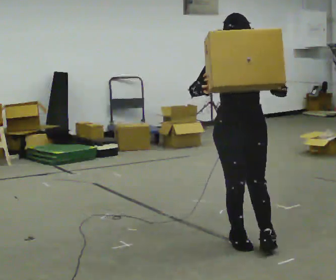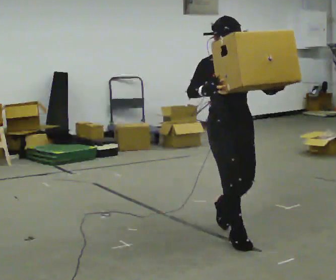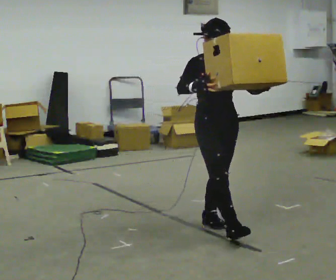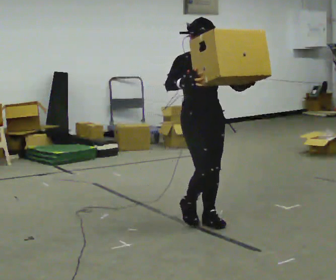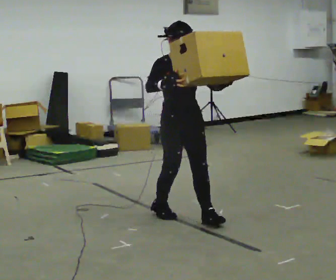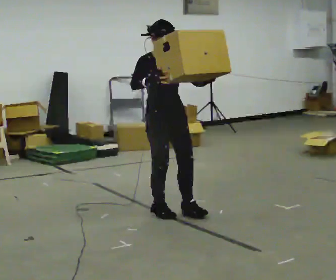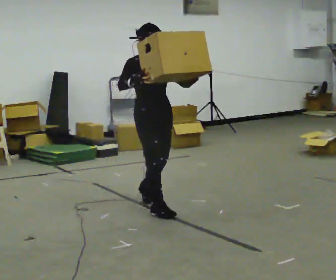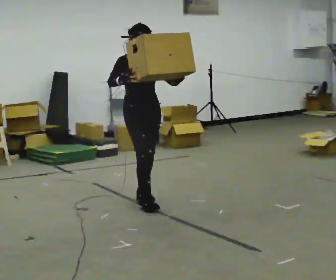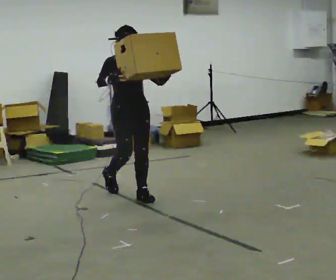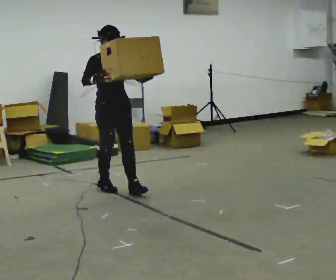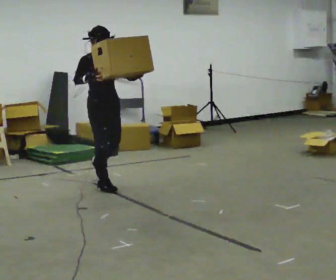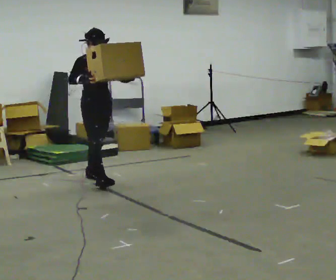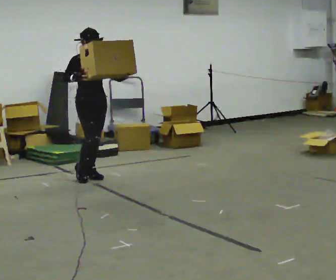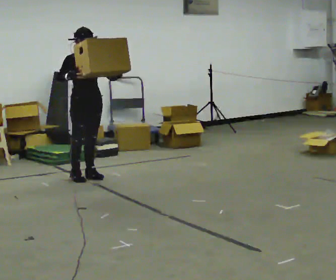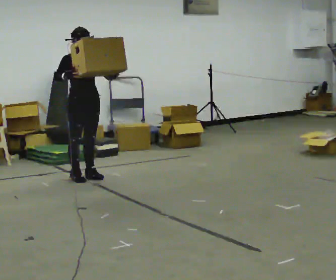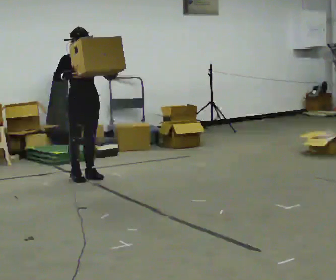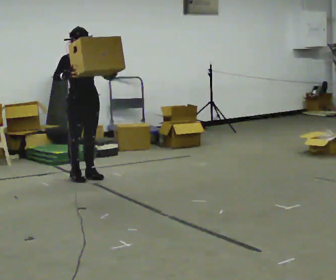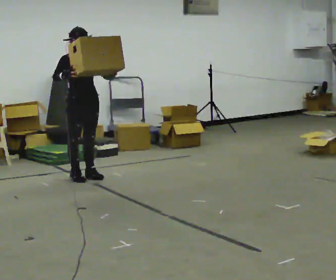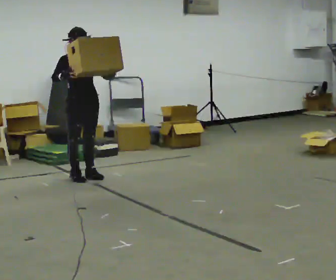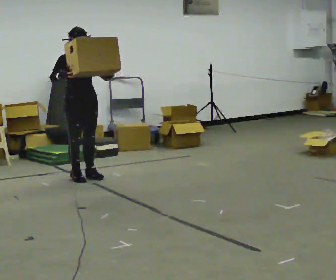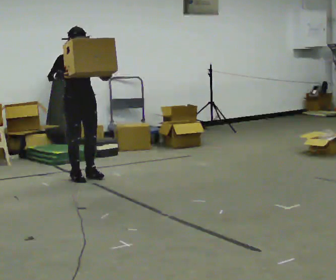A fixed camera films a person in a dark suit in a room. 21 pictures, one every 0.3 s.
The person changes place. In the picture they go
away from the camera.
0.0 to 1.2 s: The person turns about 30 degrees to their left, counterclockwise seen from above, so the part of the body nearest the lens slides to the right. In the picture they go away from the camera and to the left, about 0.5 m in 1 step, which for them is backward.
1.2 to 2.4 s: In the picture they go away from the camera and to the left, about 1 m in 2 steps, which for them is backward.
2.4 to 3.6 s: In the picture they go away from the camera and to the left, about 1 m in 2 steps, which for them is backward.
3.6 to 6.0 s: The person moves a little, or ends about where they began.
The film runs backward here.
